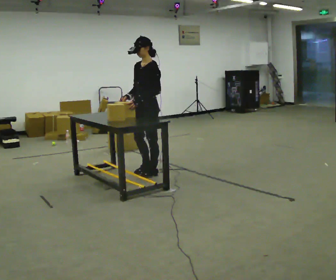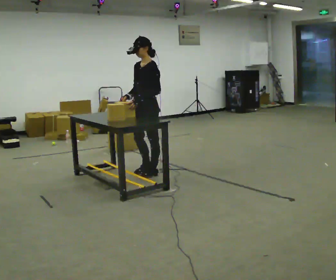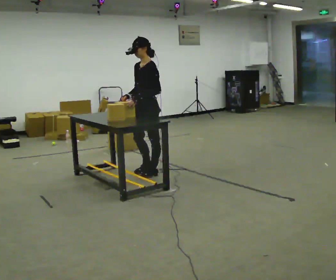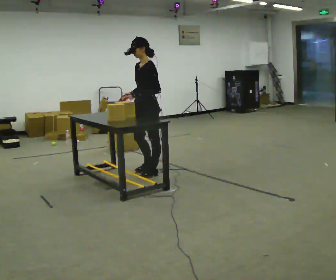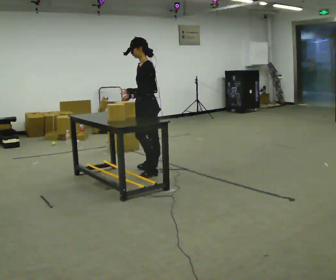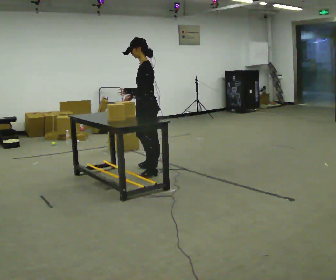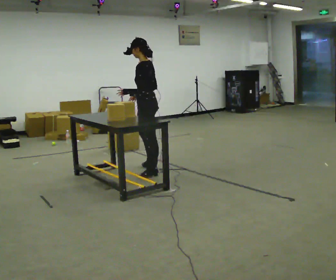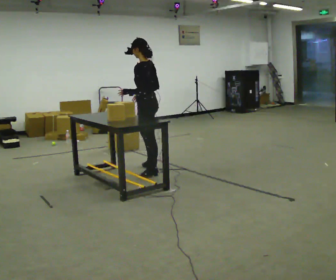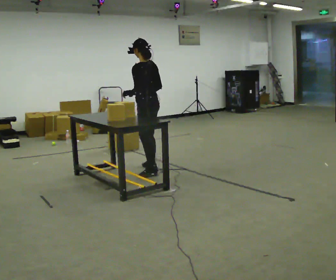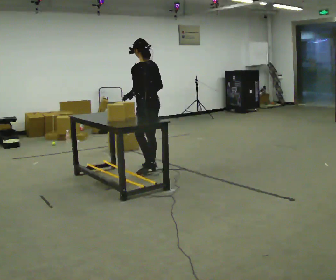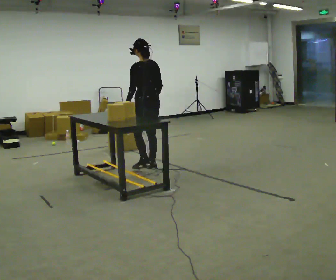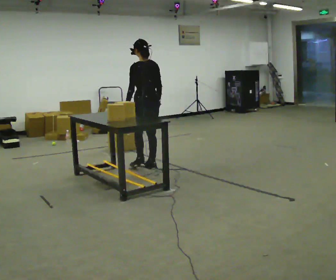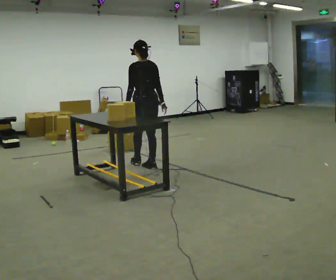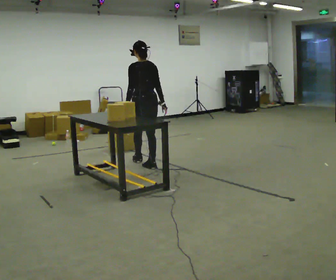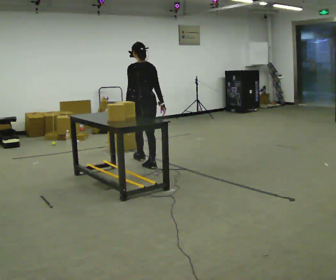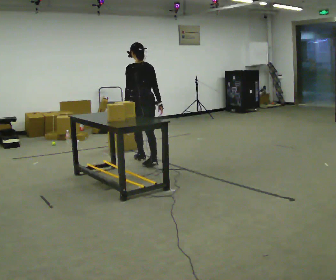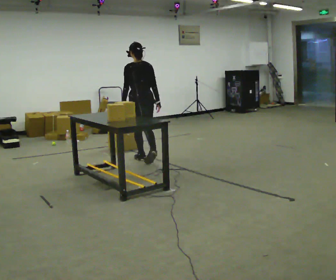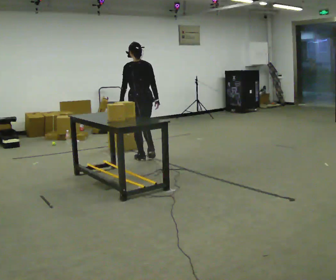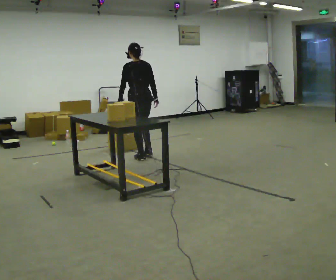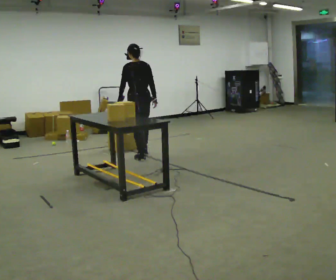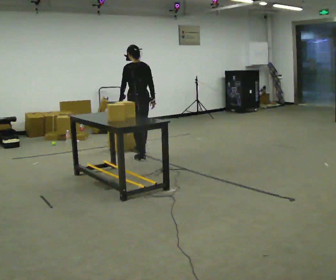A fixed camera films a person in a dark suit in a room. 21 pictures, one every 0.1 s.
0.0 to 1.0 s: The person turns about 90 degrees to their right, clockwise seen from above, so the part of the body nearest the lens slides to the left. In the picture they go away from the camera, about 0.25 m.
1.0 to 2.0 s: In the picture they go away from the camera, about 0.5 m in 2 steps, which for them is forward.
The film runs forward here.
